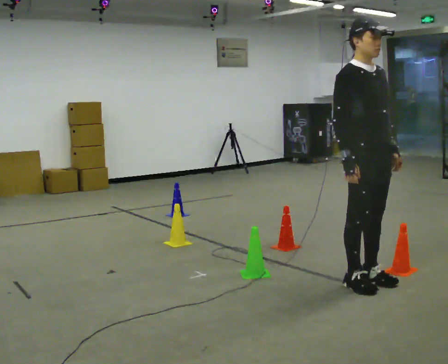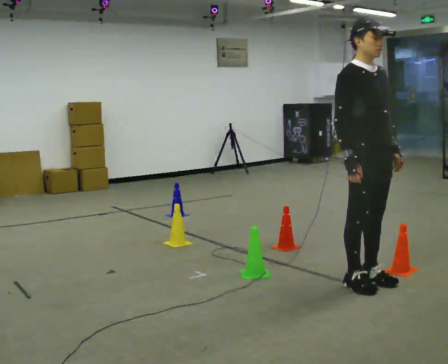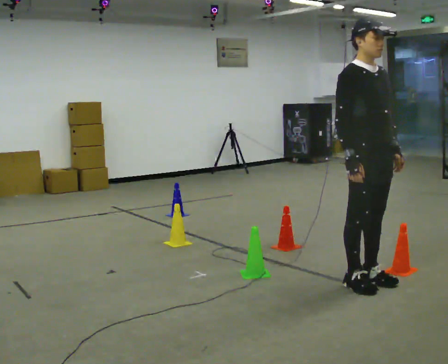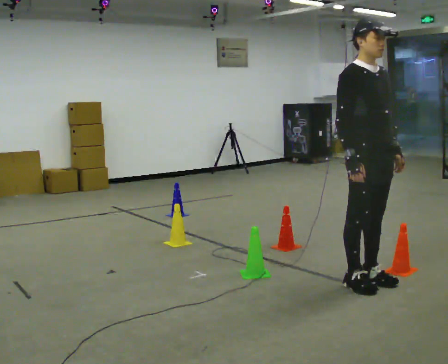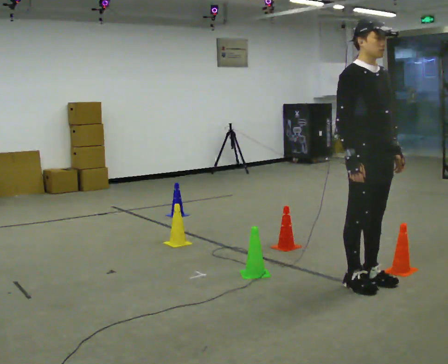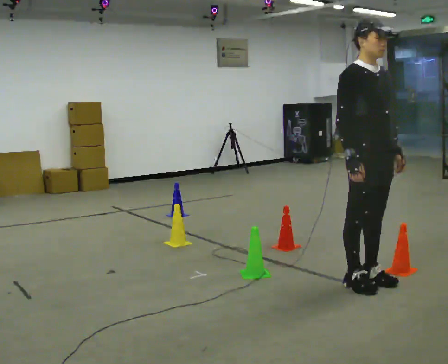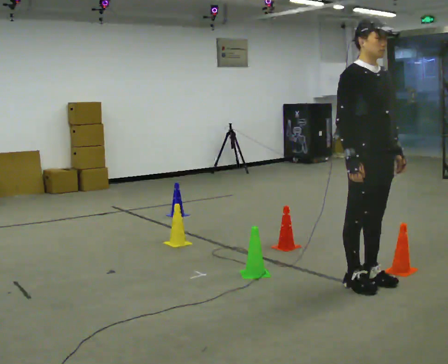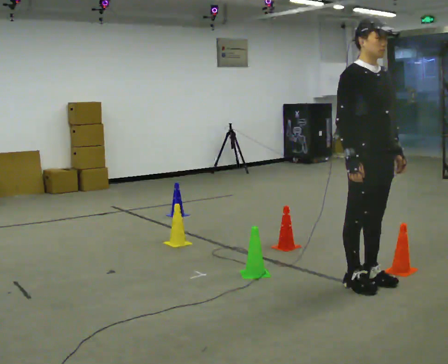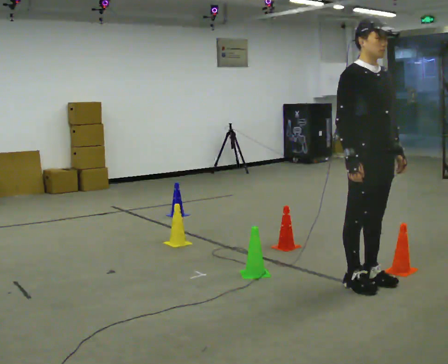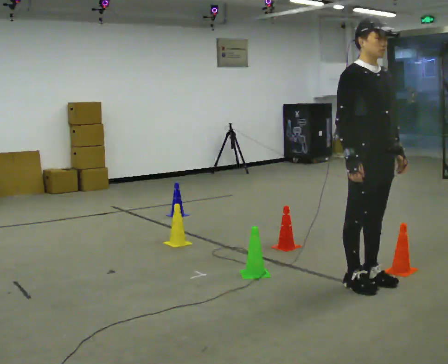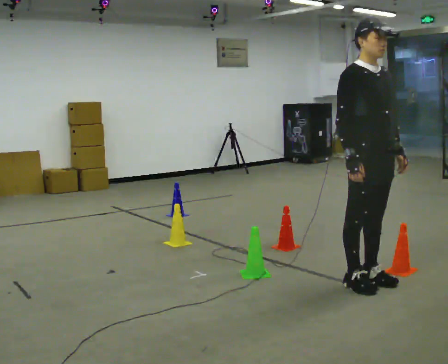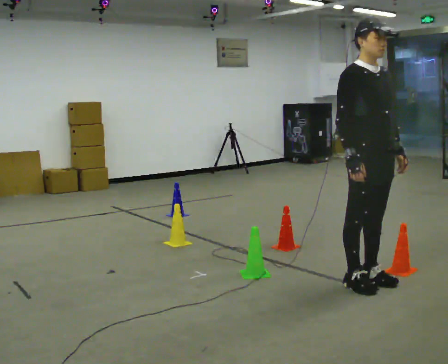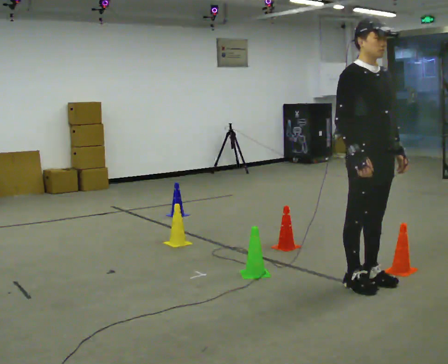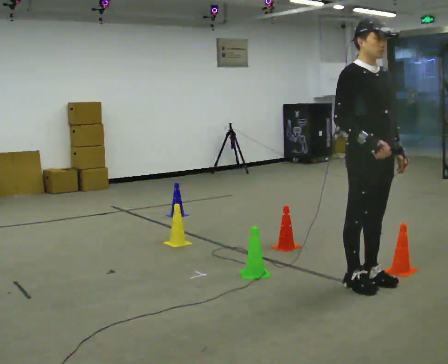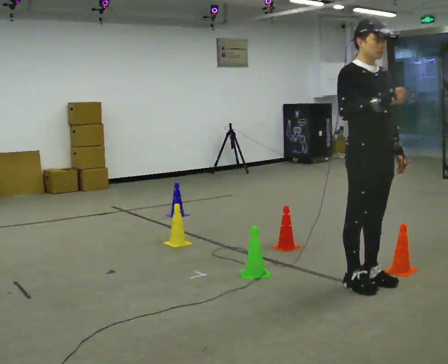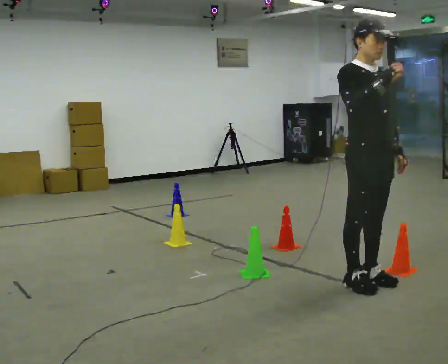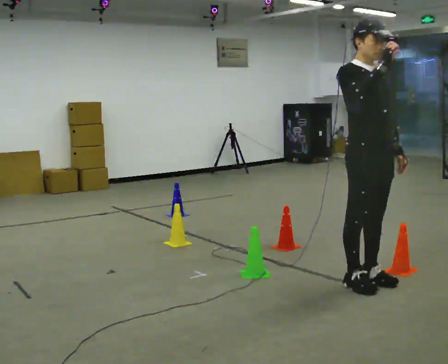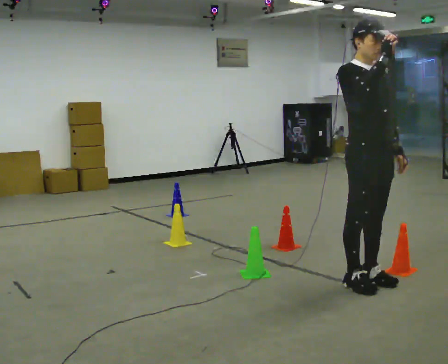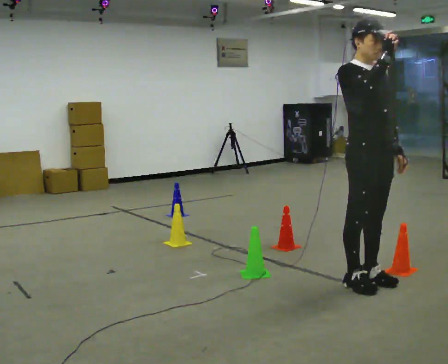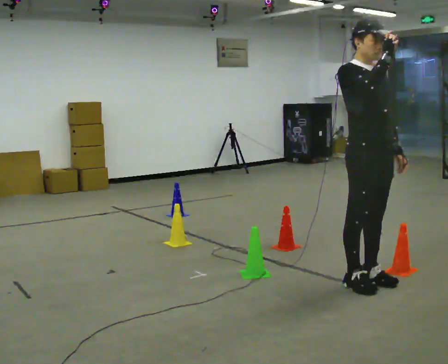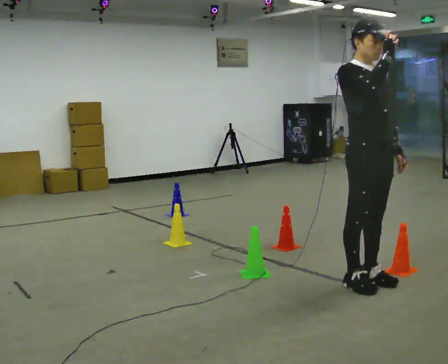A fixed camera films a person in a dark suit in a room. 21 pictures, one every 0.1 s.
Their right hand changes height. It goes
upward.
0.0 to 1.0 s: The person moves a little, or ends about where they began.
1.0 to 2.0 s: In the picture their right hand goes upward.
The film runs forward here.
